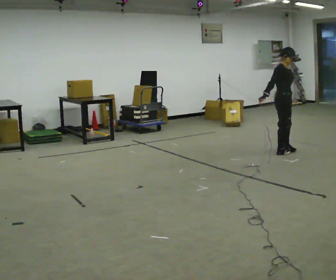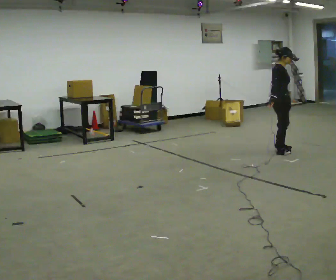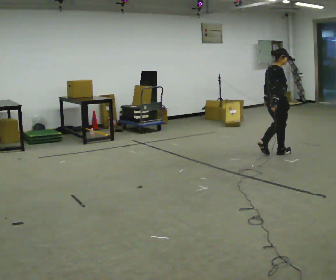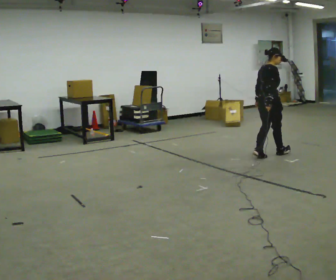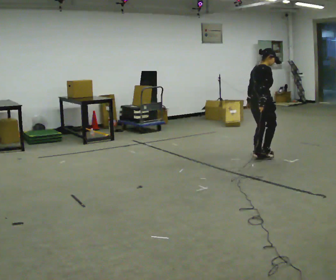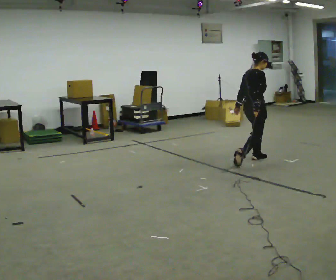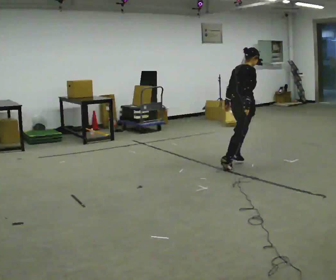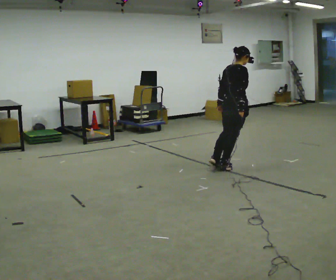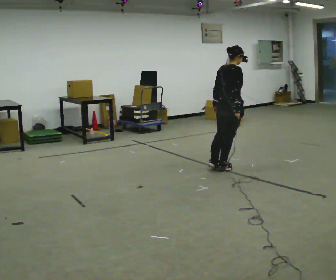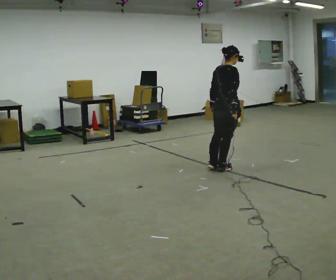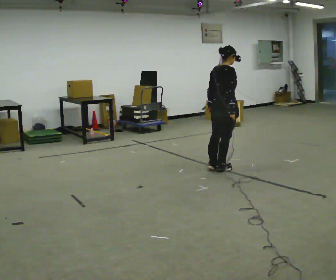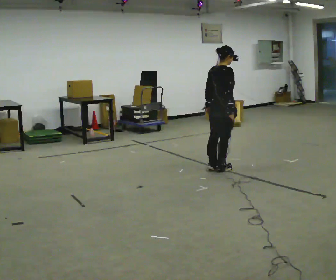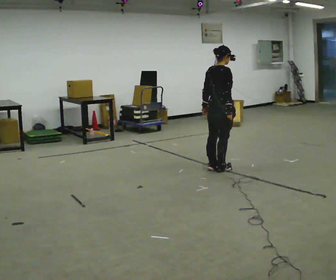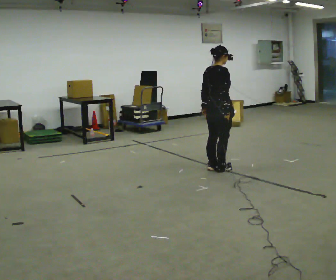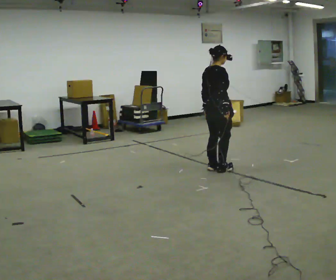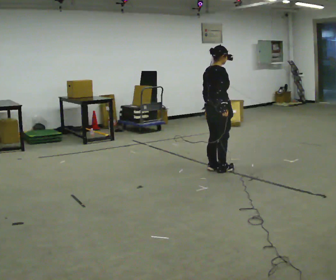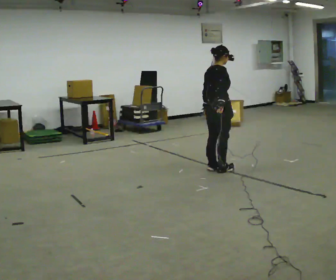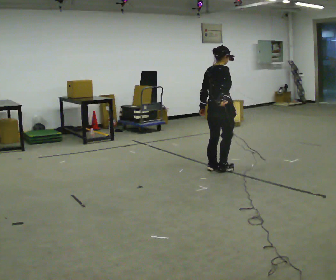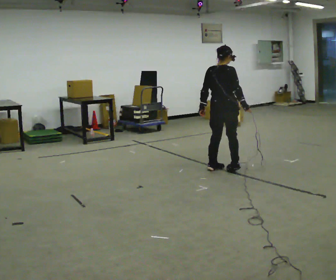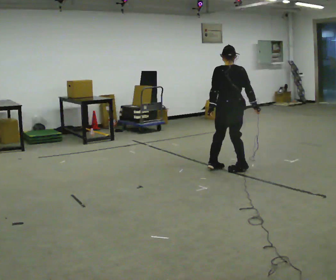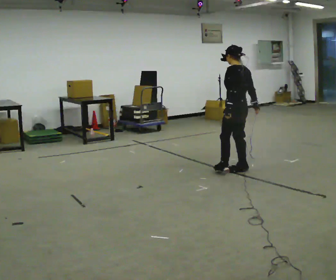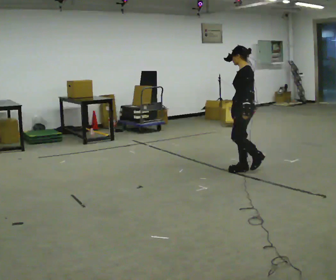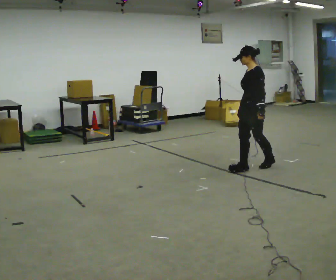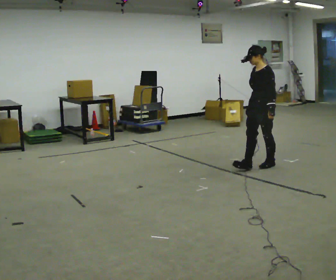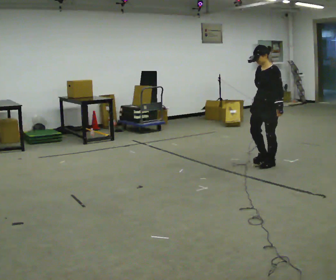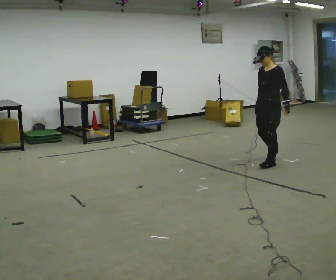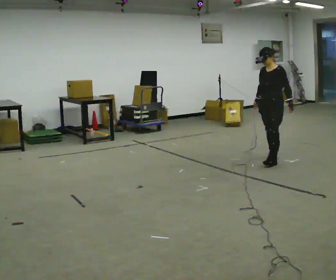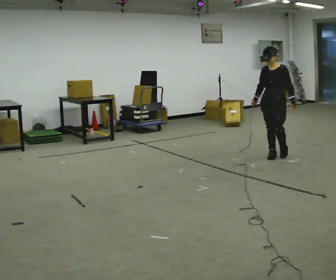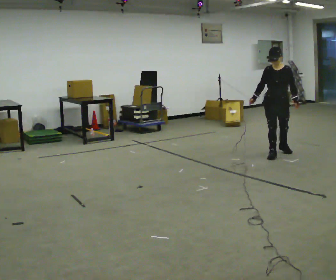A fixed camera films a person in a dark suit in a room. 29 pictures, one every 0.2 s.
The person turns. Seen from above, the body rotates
counterclockwise.
The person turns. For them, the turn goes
to their left.
0.0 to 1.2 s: Seen from above the body turns counterclockwise, about 60 degrees: to their left, with its near side sliding to the right. In the picture they go to the left and toward the camera, about 0.5 m in 3 steps.
1.2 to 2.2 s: In the picture they go to the left and toward the camera, about 0.25 m, which for them is backward.
2.2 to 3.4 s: The person moves a little, or ends about where they began.
3.4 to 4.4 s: The person turns about 165 degrees to their left, counterclockwise seen from above, so the part of the body nearest the lens slides to the right. In the picture they go to the right, about 0.25 m in 2 steps.
4.4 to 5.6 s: The person turns about 60 degrees to their left, counterclockwise seen from above, so the part of the body nearest the lens slides to the right. In the picture they go away from the camera and to the right, about 0.75 m in 2 steps, which for them is backward.
The film runs backward here.
